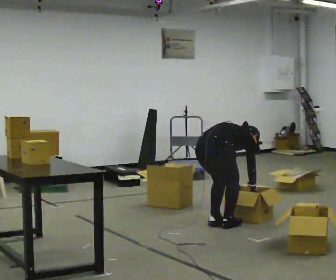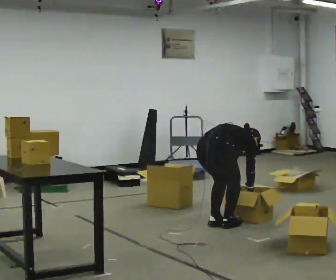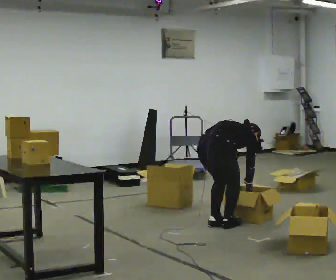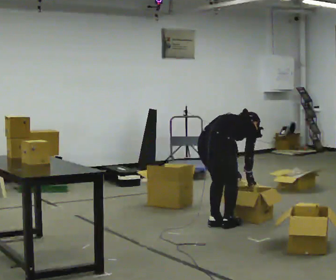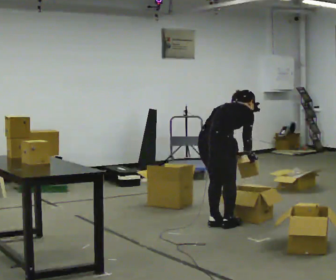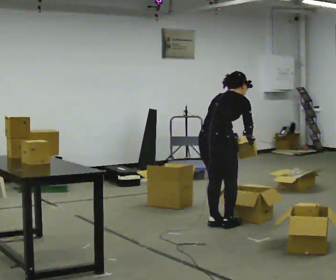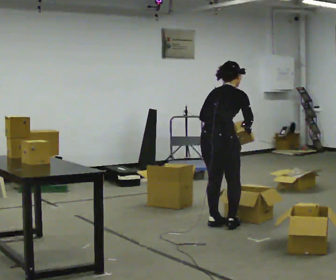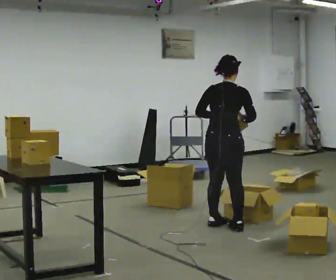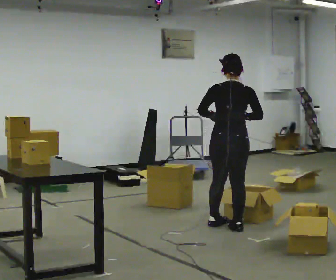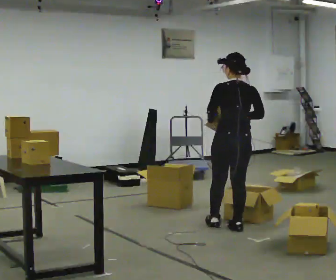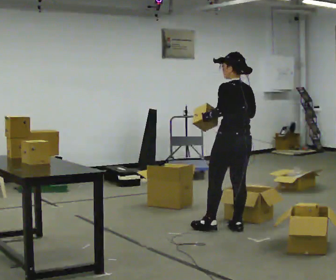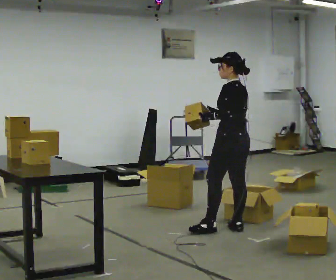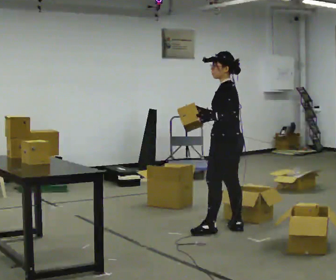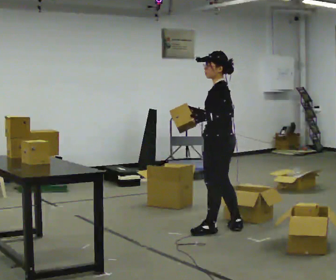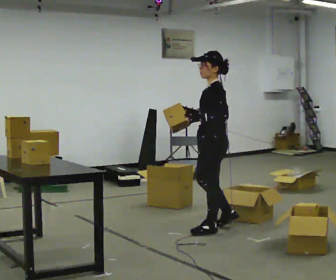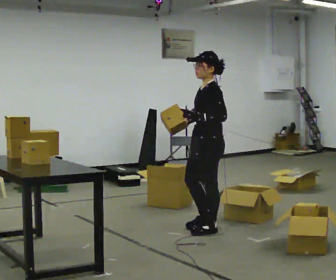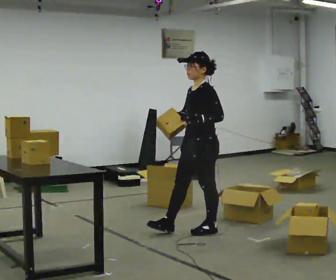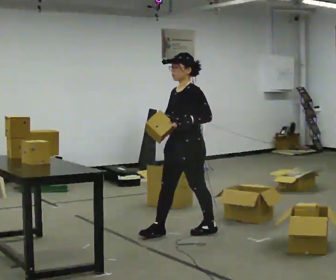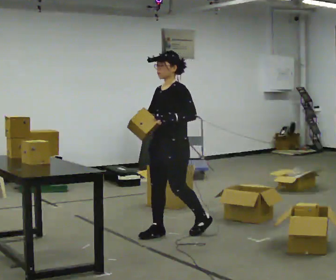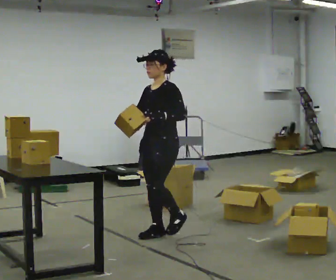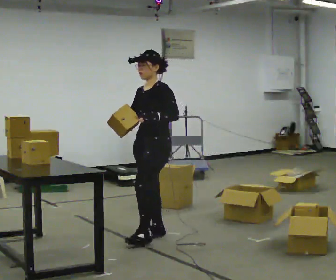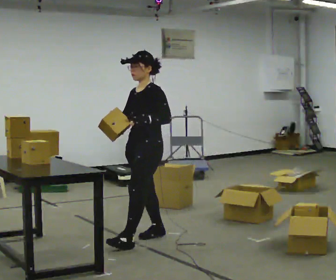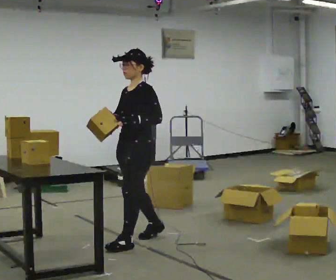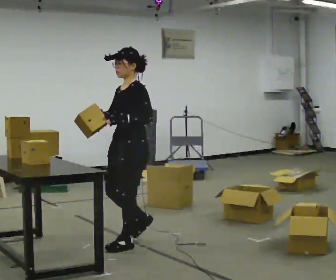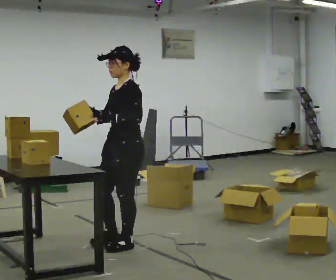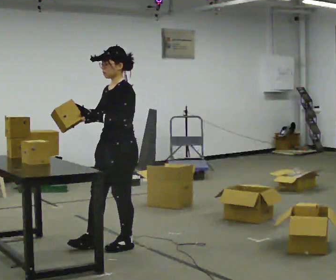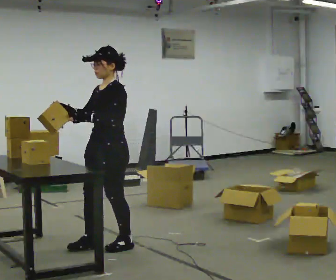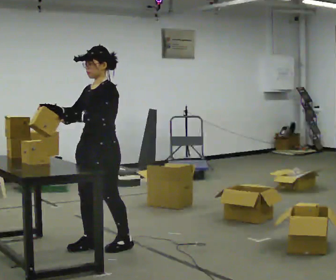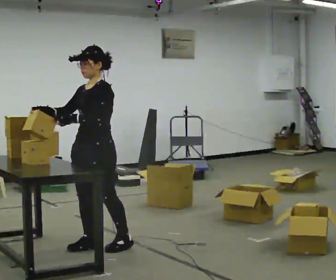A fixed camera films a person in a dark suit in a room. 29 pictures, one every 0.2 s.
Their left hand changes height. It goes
upward.
The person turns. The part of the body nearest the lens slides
to the right.
0.0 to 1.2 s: The upper body goes upward. In the picture the upper body tilts counterclockwise, shoulders to the left, as they lean back or straighten. In the picture their right hand goes upward.
1.2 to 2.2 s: Seen from above the body turns counterclockwise, about 90 degrees: to their left, with its near side sliding to the right. In the picture their right hand goes to the left.
2.2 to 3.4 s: The person turns about 75 degrees to their left, counterclockwise seen from above, so the part of the body nearest the lens slides to the right. In the picture they go to the left, about 0.5 m in 1 step.
3.4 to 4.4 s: In the picture they go to the left and toward the camera, about 0.5 m in 1 step, which for them is forward.
4.4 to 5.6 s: In the picture they go to the left and toward the camera, about 0.25 m in 1 step, which for them is forward.
The film runs forward here.
